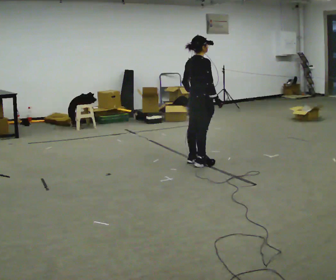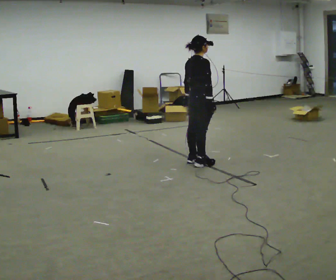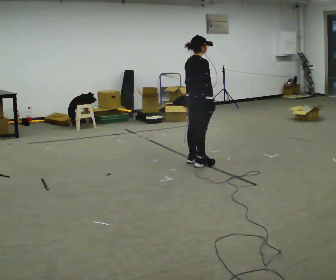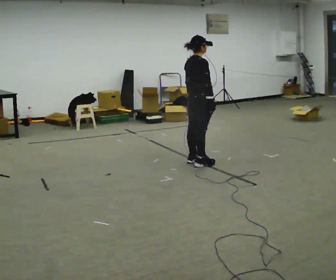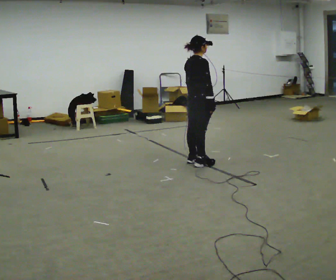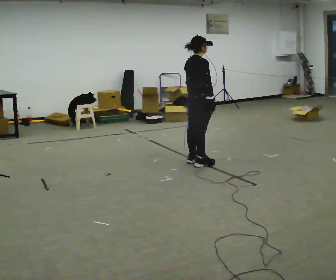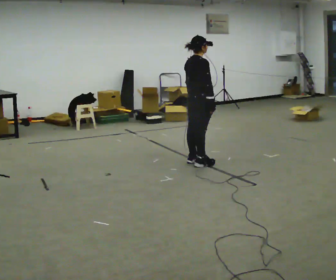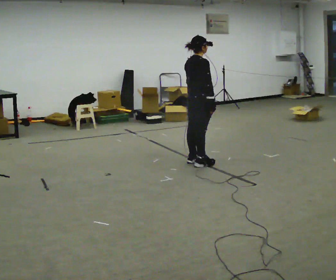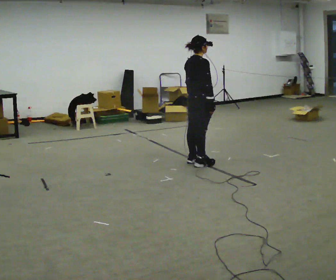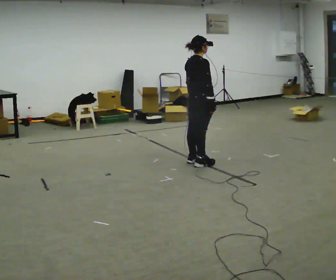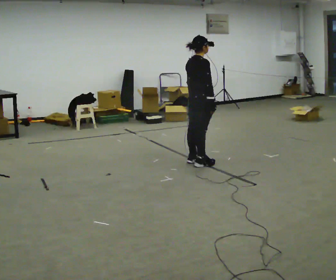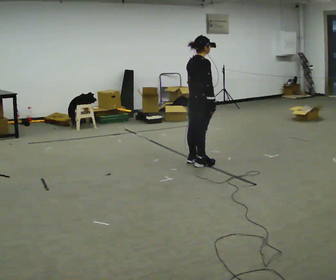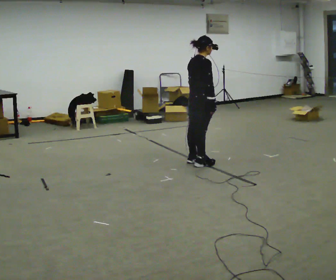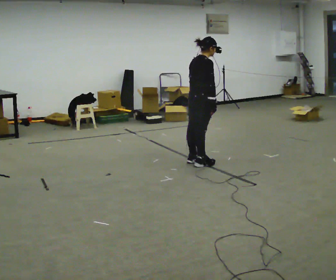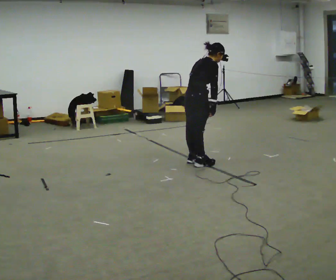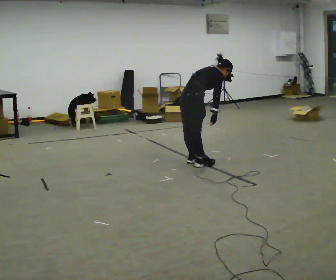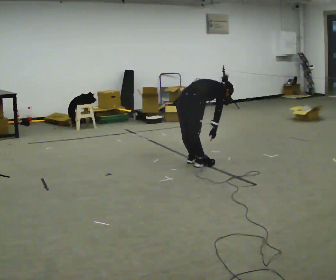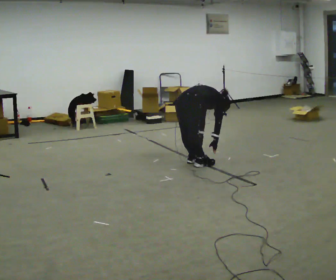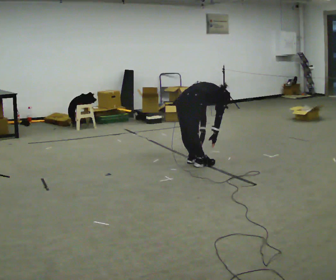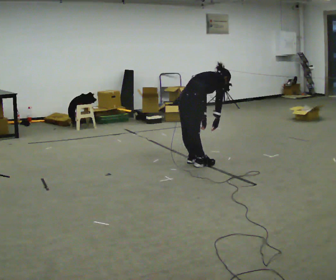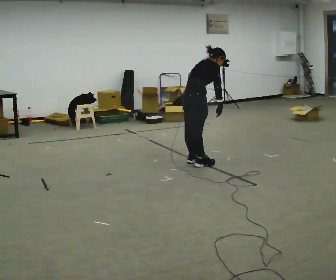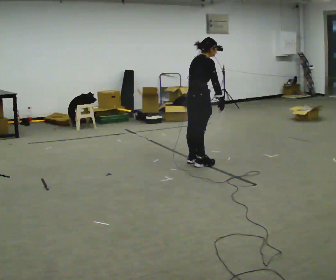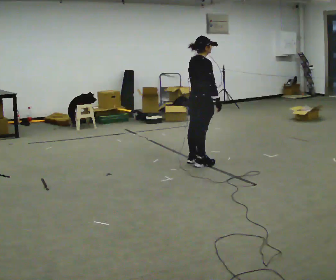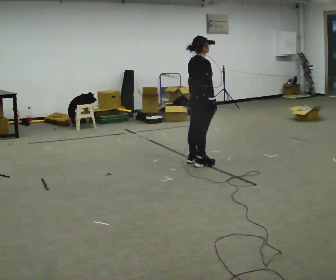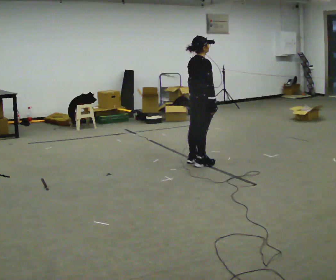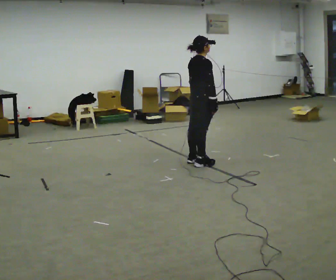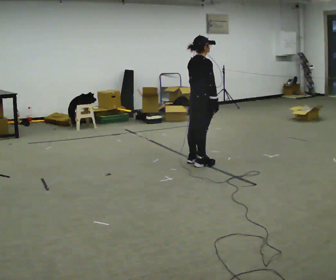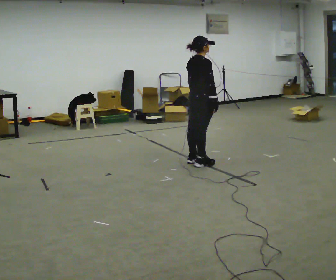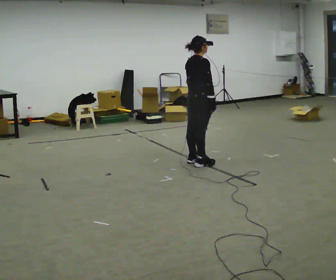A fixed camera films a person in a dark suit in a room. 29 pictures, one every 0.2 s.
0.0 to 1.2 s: The person moves a little, or ends about where they began.
1.2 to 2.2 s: The person keeps their place and pose.
2.2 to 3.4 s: The shoulders move downward. In the picture the upper body tilts clockwise, shoulders to the right, as they bend forward. In the picture their left hand goes downward.
3.4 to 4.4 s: The upper body goes upward. In the picture the upper body tilts counterclockwise, shoulders to the left, as they lean back or straighten. In the picture their left hand goes upward.
4.4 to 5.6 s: The person moves a little, or ends about where they began.
The film runs forward here.
